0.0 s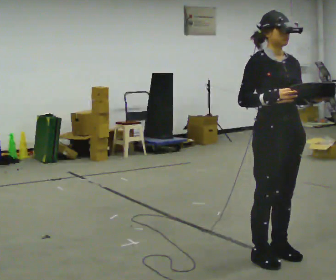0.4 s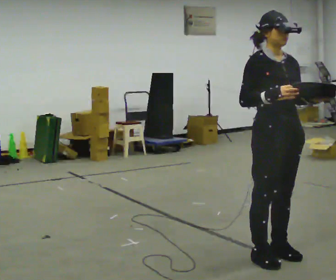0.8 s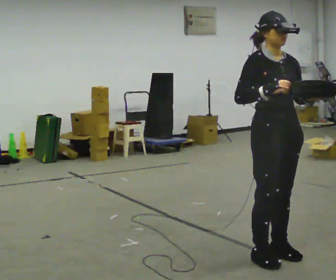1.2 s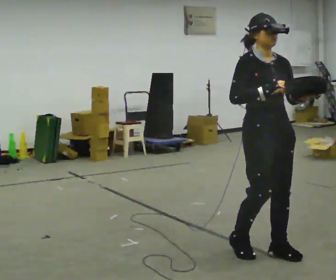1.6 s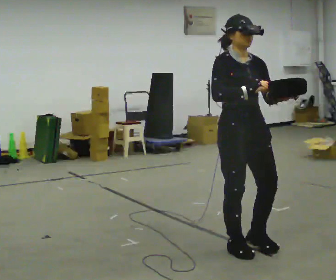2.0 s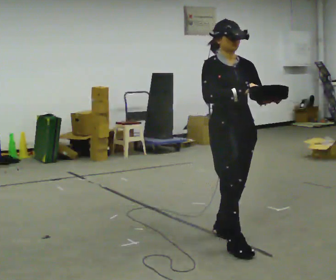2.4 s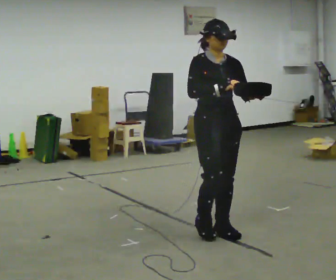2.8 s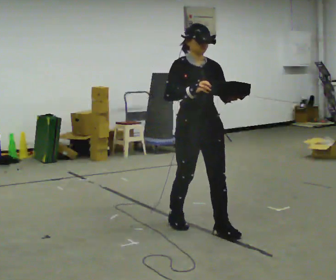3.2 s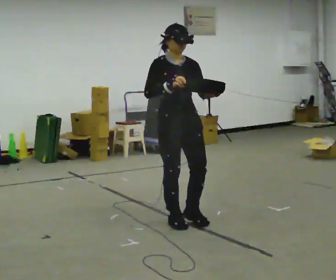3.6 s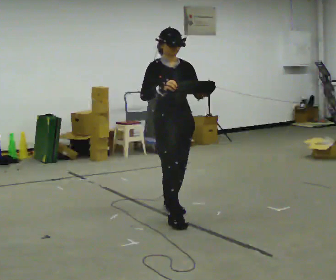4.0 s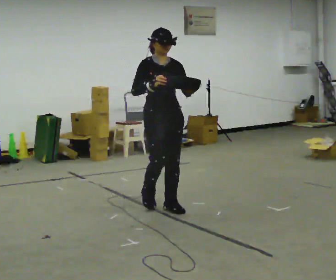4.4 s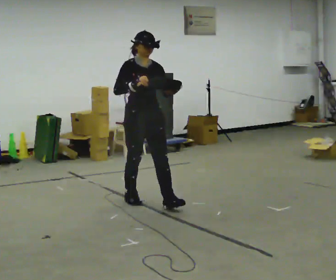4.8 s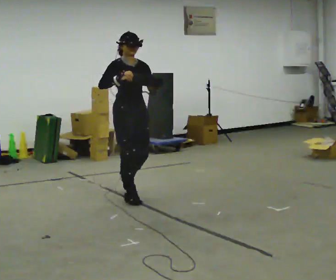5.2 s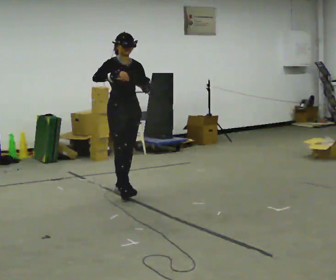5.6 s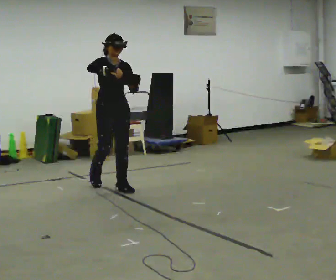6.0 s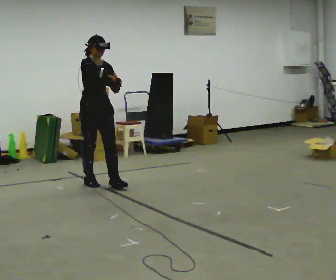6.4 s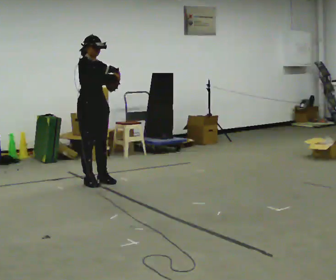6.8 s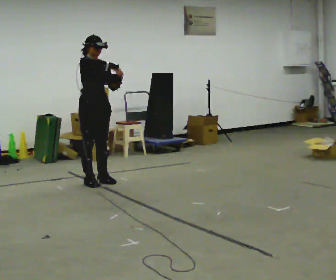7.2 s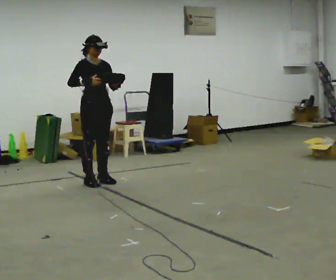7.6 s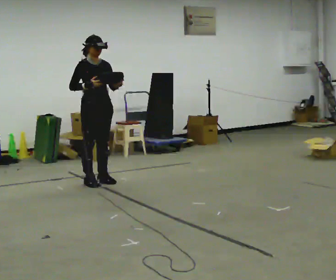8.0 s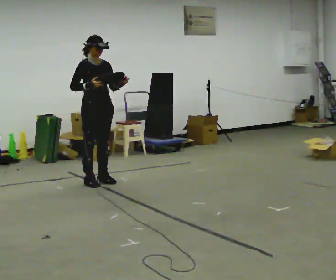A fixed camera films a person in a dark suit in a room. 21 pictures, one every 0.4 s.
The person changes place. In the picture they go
away from the camera.
0.0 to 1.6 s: In the picture they go to the left and away from the camera, about 0.25 m in 2 steps, which for them is backward.
1.6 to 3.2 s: In the picture they go away from the camera and to the left, about 1 m in 2 steps, which for them is backward.
3.2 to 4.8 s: In the picture they go away from the camera and to the left, about 1 m in 2 steps, which for them is backward.
4.8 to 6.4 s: In the picture they go away from the camera and to the left, about 1 m in 2 steps, which for them is backward.
6.4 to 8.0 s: The person moves a little, or ends about where they began.
The film runs backward here.
